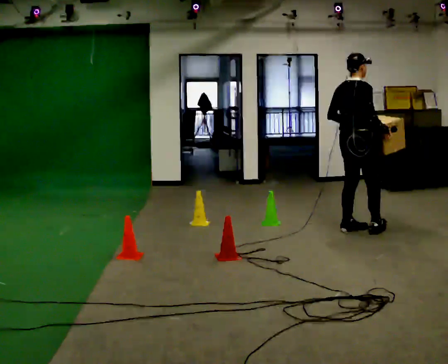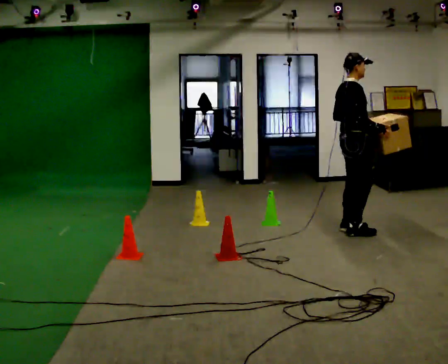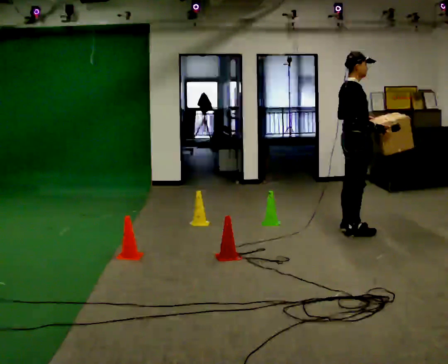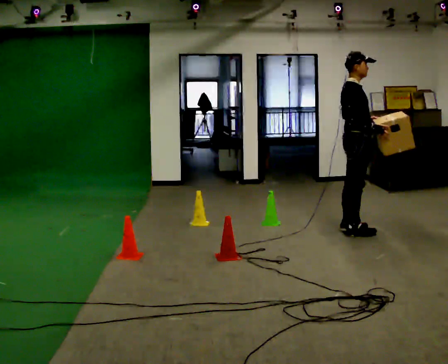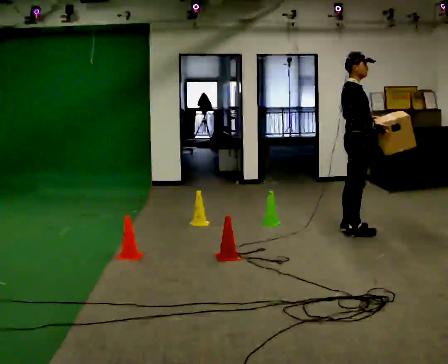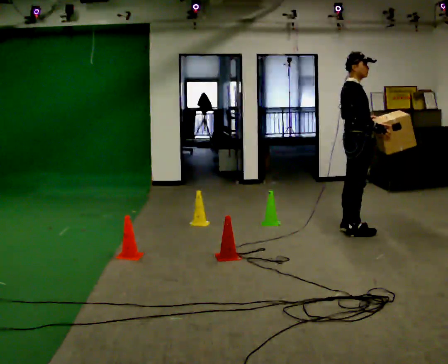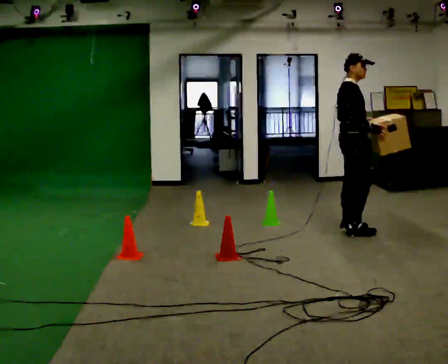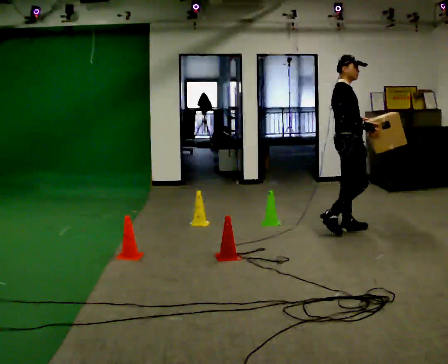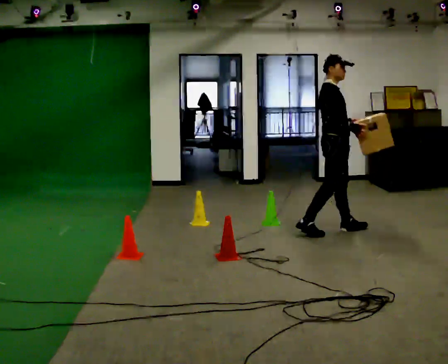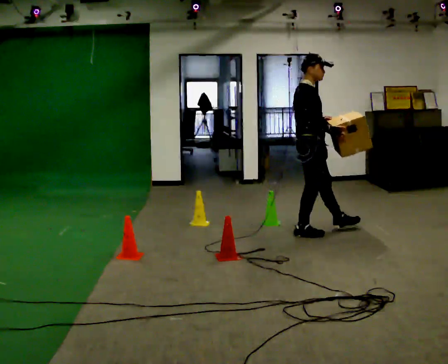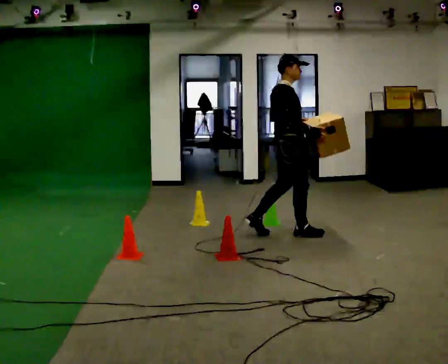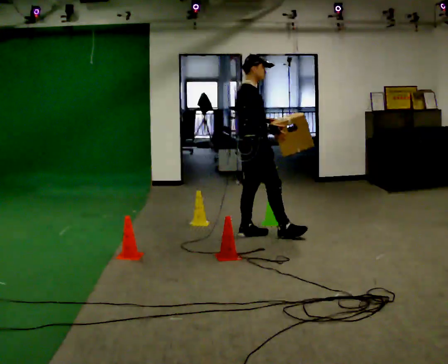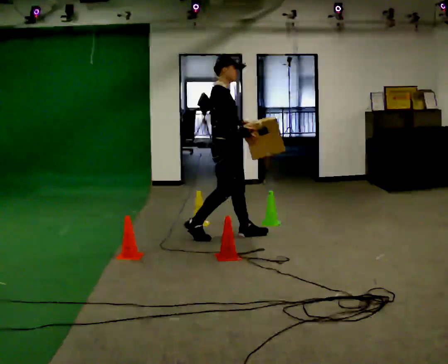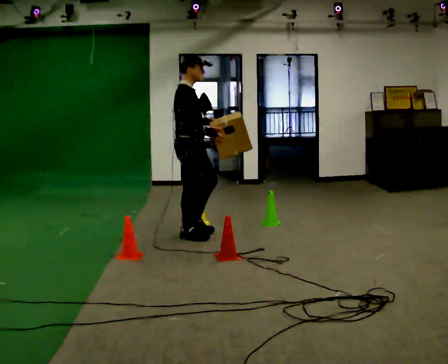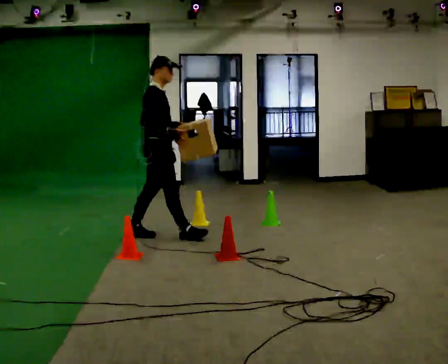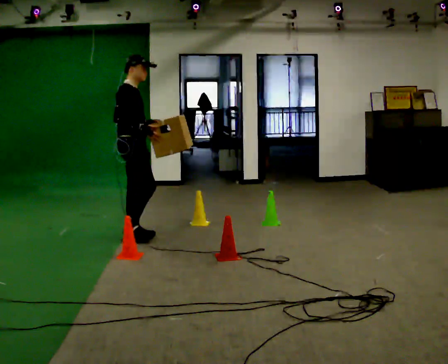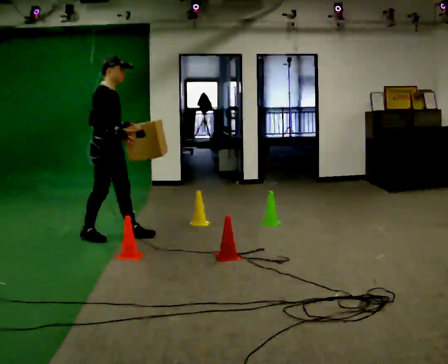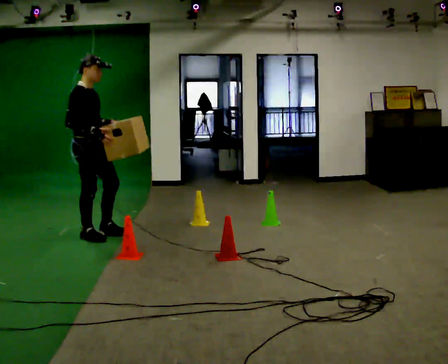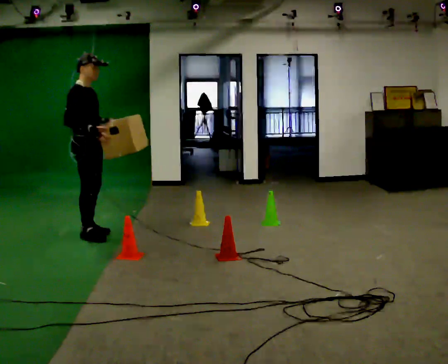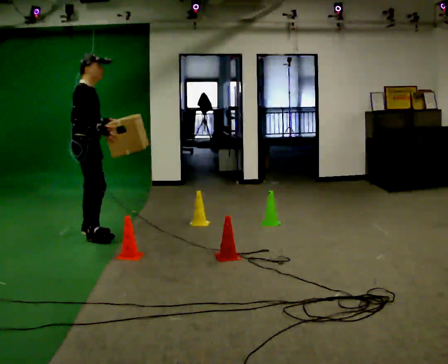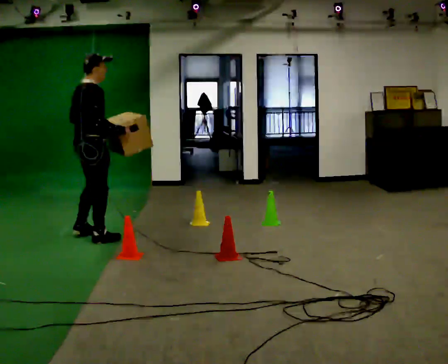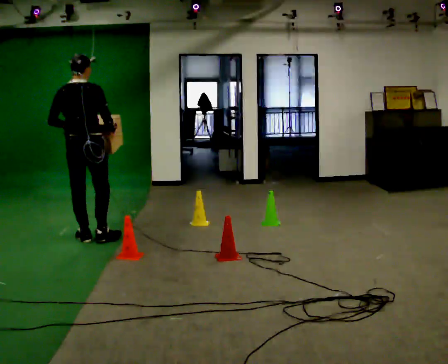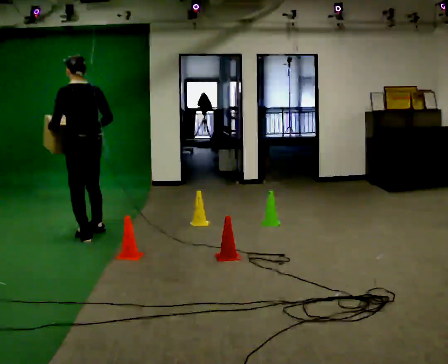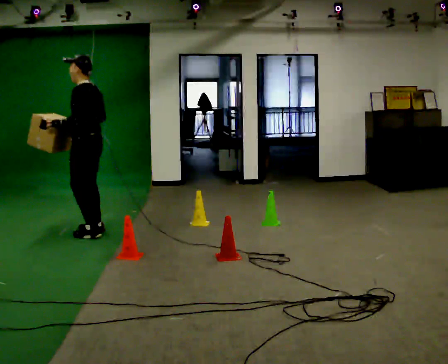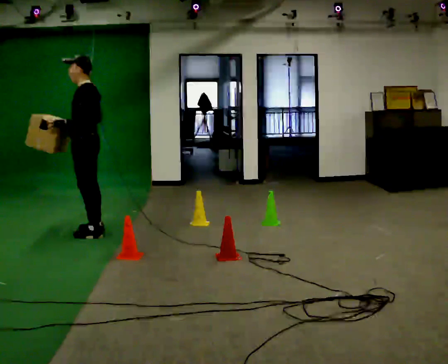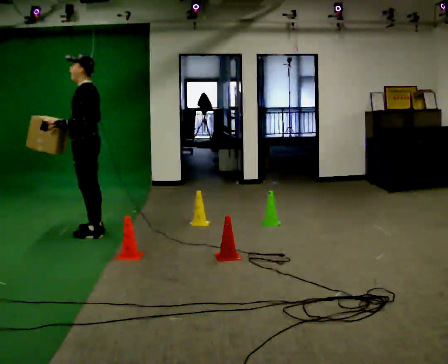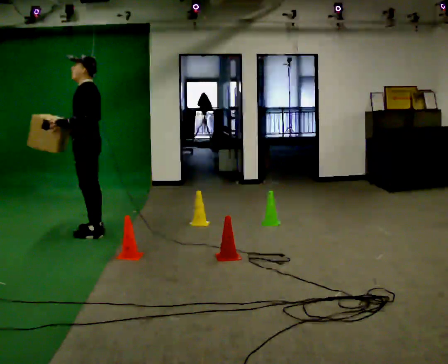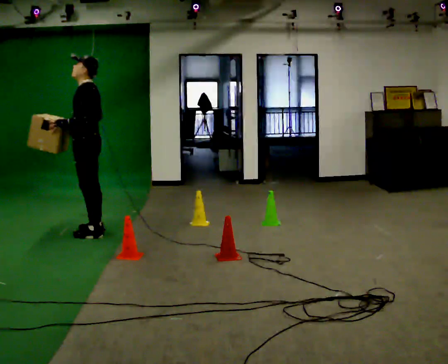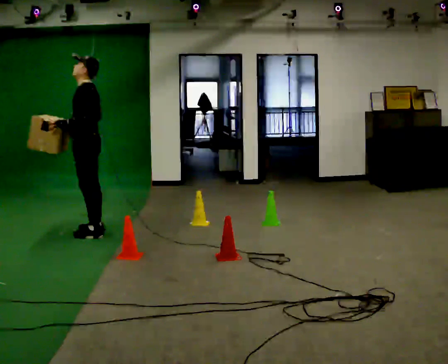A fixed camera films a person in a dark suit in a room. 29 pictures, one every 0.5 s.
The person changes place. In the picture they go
to the left.
0.0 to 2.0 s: Seen from above the body turns clockwise, about 45 degrees: to their right, with its near side sliding to the left.
2.0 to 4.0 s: In the picture they go to the left, about 0.25 m in 1 step, which for them is backward.
4.0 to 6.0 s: In the picture they go to the left, about 1 m in 2 steps, which for them is backward.
6.0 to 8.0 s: In the picture they go to the left, about 1 m in 2 steps, which for them is backward.
8.0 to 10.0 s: Seen from above the body turns counterclockwise, about 45 degrees: to their left, with its near side sliding to the right. In the picture they go to the left, about 0.25 m in 3 steps, which for them is backward.
10.0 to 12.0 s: Seen from above the body turns counterclockwise, about 135 degrees: to their left, with its near side sliding to the right. In the picture they go away from the camera, about 0.25 m in 2 steps. In the picture their right hand goes to the left, the arm swinging clockwise.
12.0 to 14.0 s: The person moves a little, or ends about where they began.
The film runs backward here.
